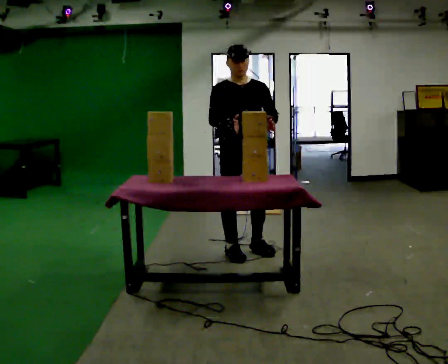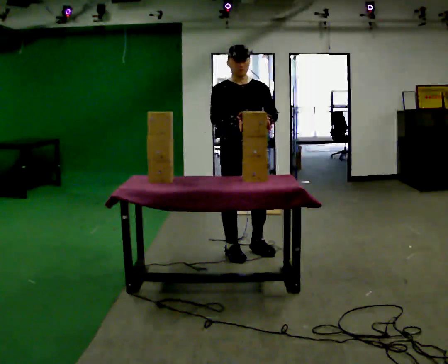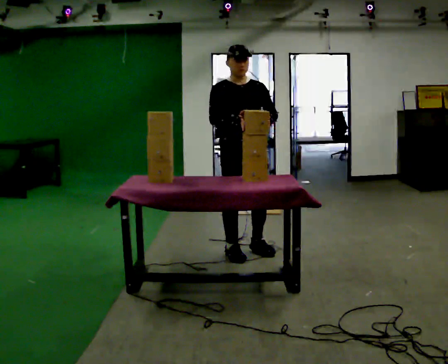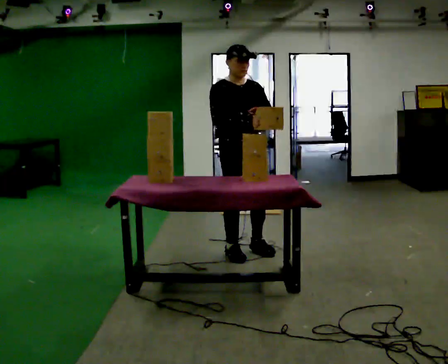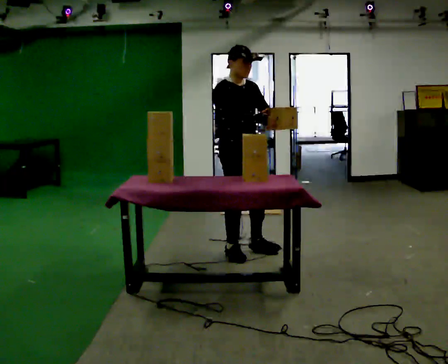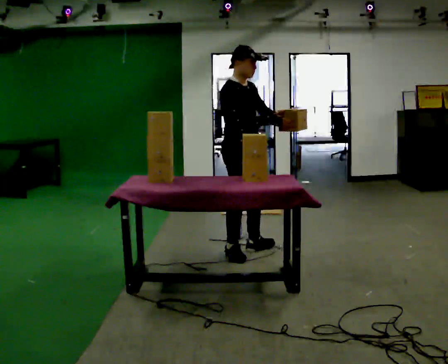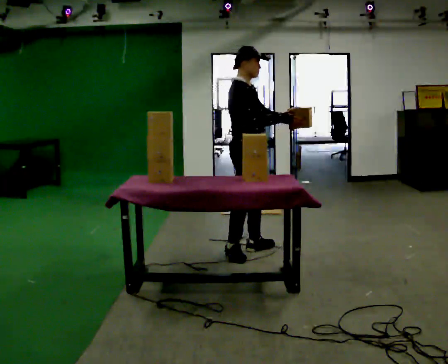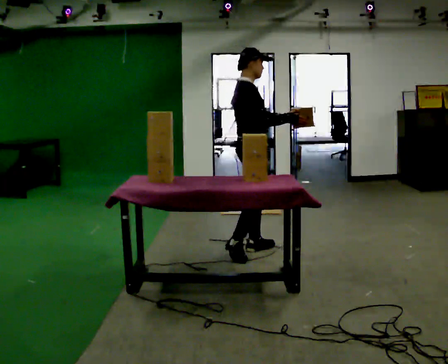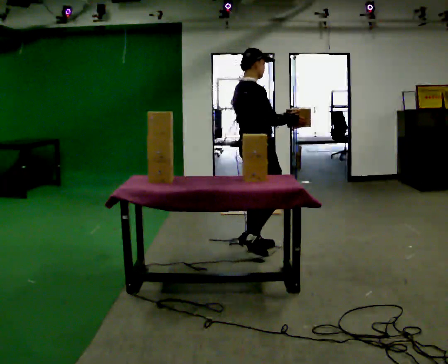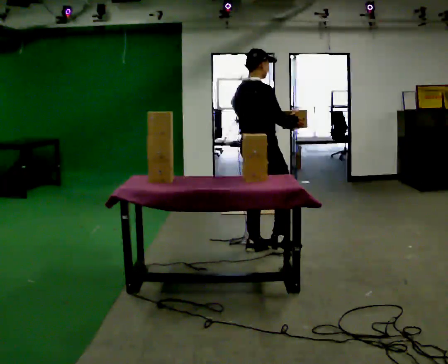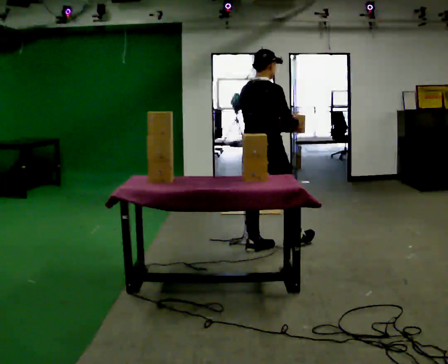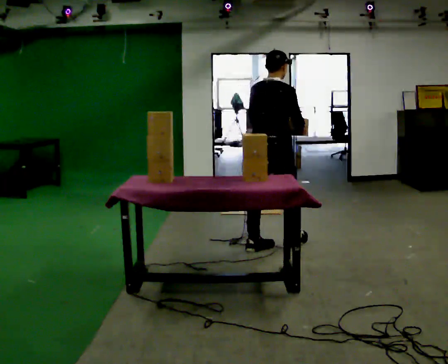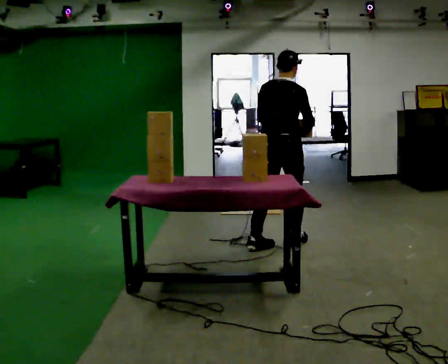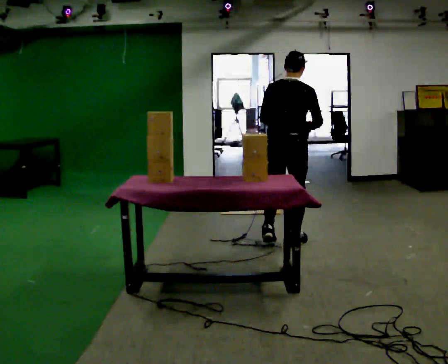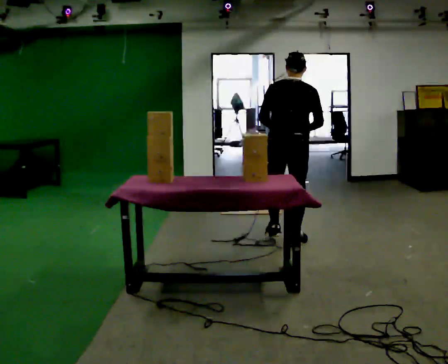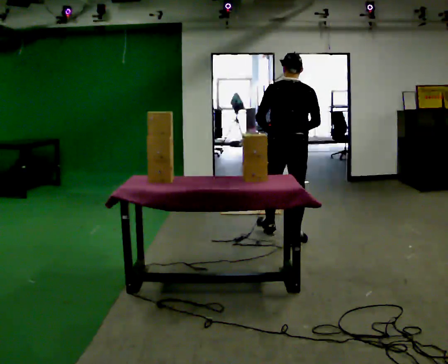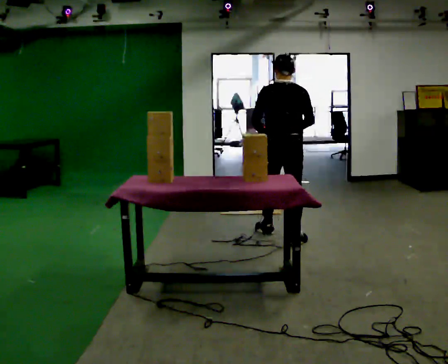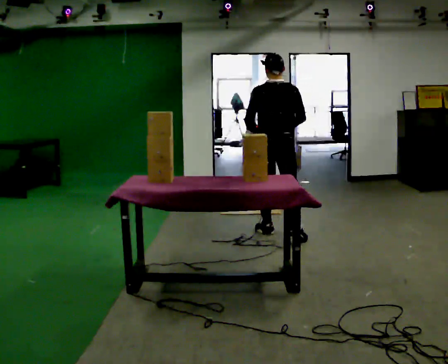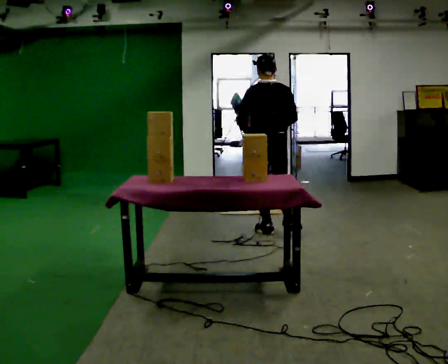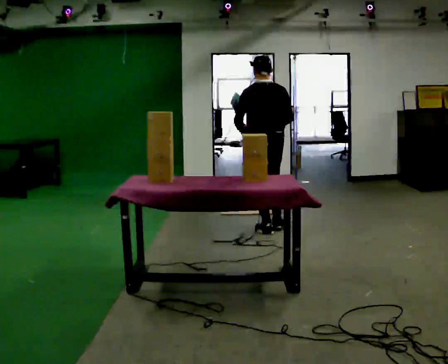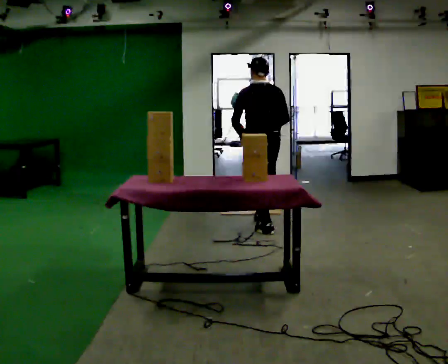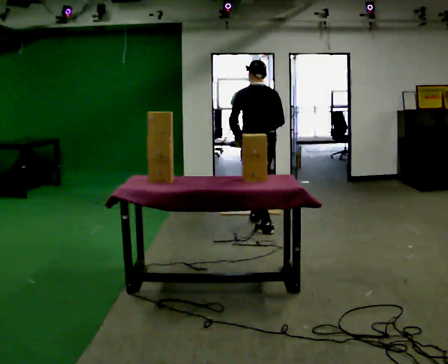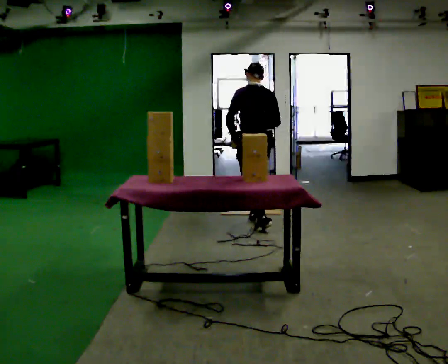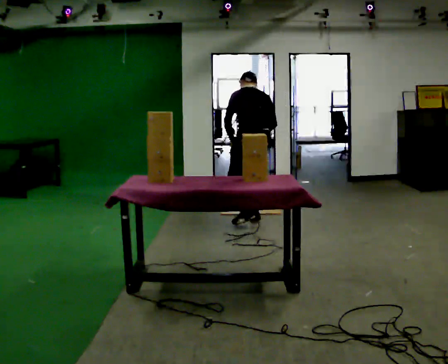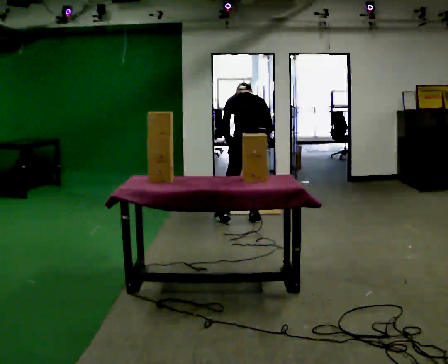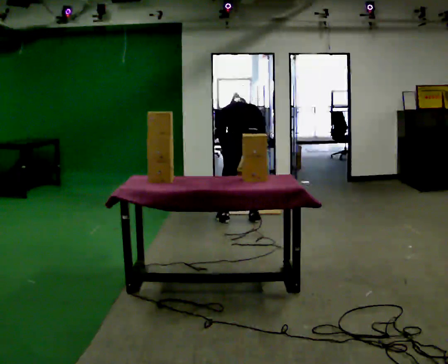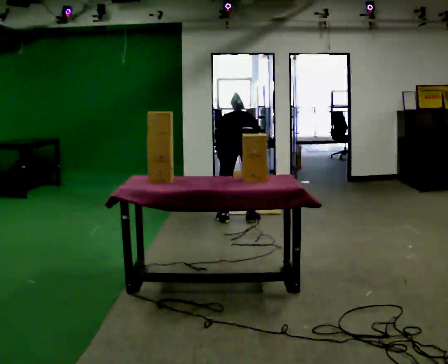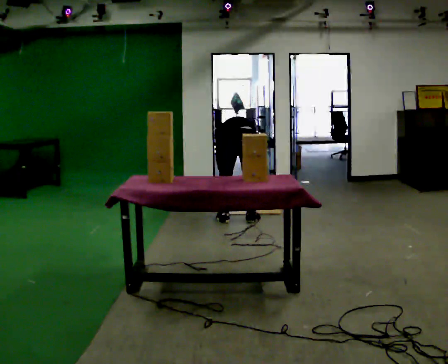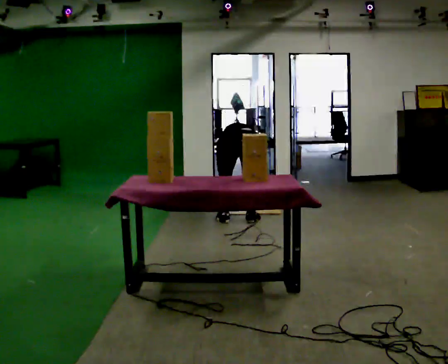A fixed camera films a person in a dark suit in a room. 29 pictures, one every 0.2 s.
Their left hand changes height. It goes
downward.
The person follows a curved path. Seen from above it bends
counterclockwise.
0.0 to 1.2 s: The part of the body nearest the lens slides to the right as the person turns to their left by about 60 degrees.
1.2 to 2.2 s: The part of the body nearest the lens slides to the right as the person turns to their left by about 60 degrees. In the picture they go to the right, about 0.25 m in 1 step.
2.2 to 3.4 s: The part of the body nearest the lens slides to the right as the person turns to their left by about 45 degrees. In the picture they go away from the camera, about 0.5 m in 1 step, which for them is forward.
3.4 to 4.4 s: In the picture they go away from the camera and to the left, about 0.5 m in 1 step, which for them is forward.
4.4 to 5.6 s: The part of the body nearest the lens slides to the left as the person turns to their right by about 30 degrees. In the picture they go to the left, about 0.25 m in 1 step, which for them is to their left. The shoulders move downward. The upper body tips away from the camera, its near side rolling upward, as they bend forward. In the picture their left hand goes downward.
The film runs forward here.
